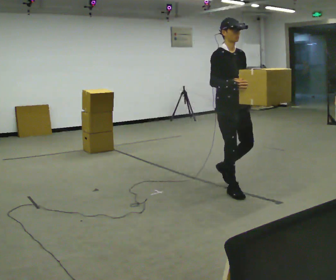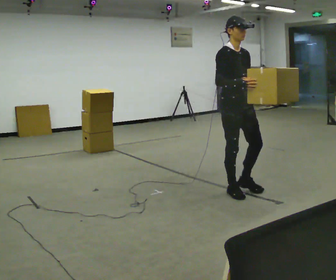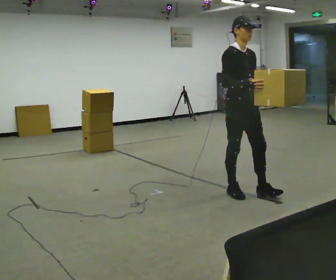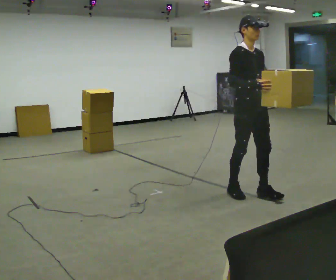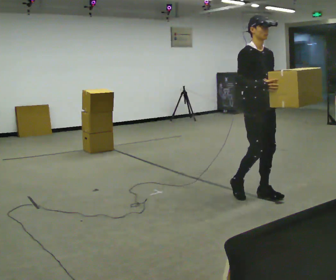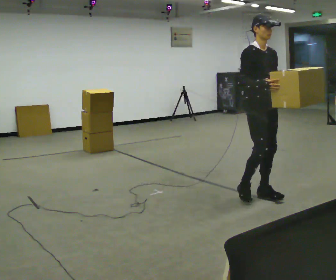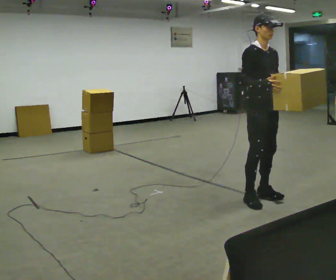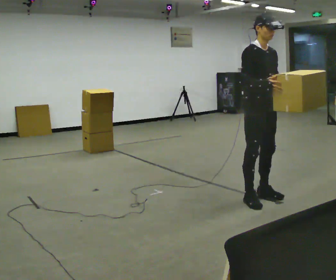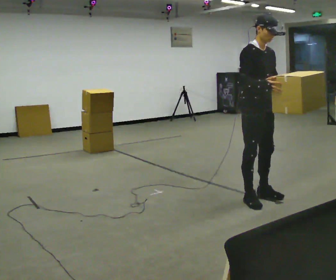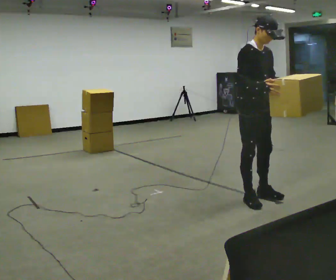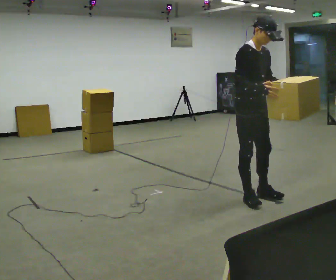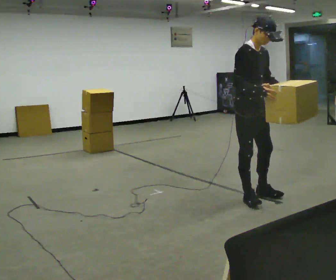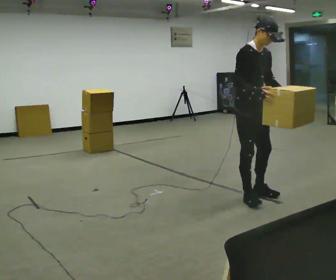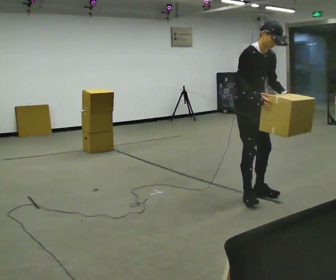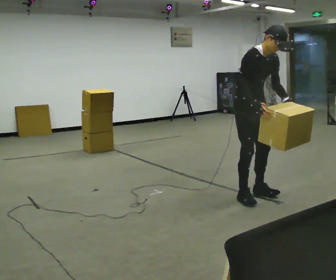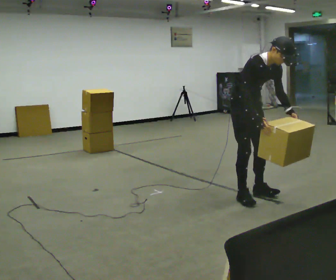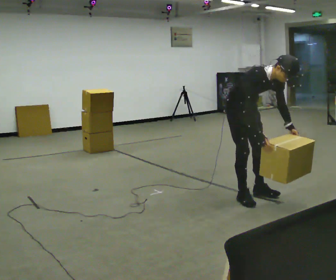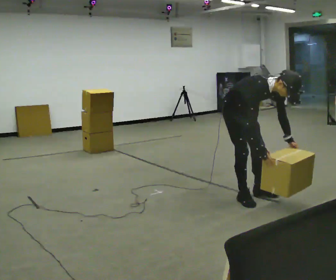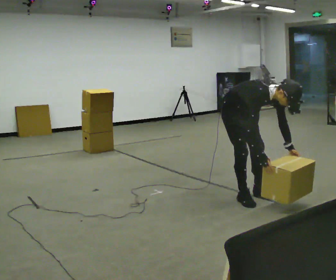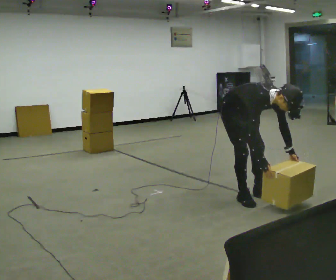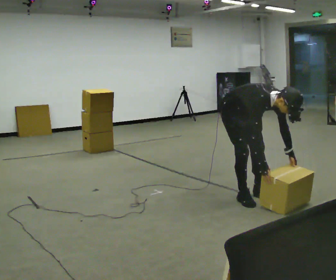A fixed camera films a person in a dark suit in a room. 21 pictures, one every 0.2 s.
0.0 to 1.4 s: In the picture they go to the right and toward the camera, about 0.25 m in 2 steps, which for them is forward.
1.4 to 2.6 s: The person moves a little, or ends about where they began.
2.6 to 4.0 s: The shoulders move downward. In the picture the upper body tilts clockwise, shoulders to the right, as they bend forward. In the picture their right hand goes downward.
The film runs forward here.
